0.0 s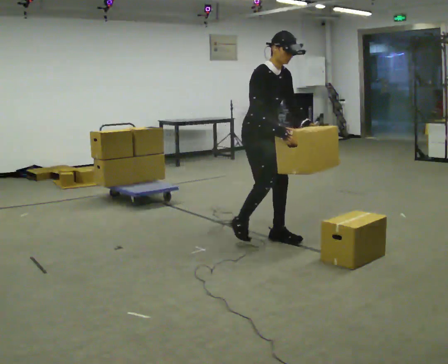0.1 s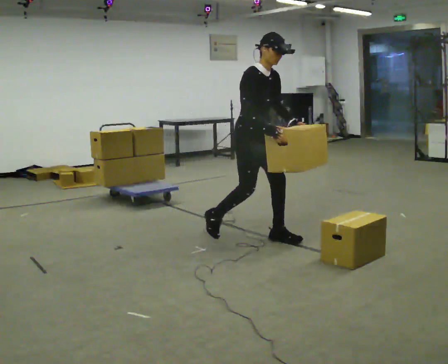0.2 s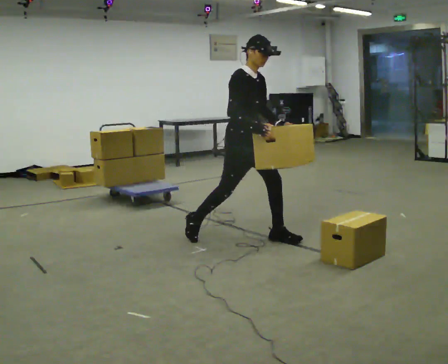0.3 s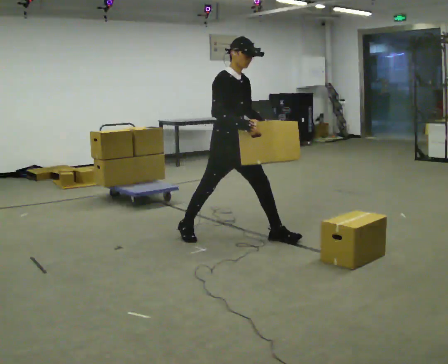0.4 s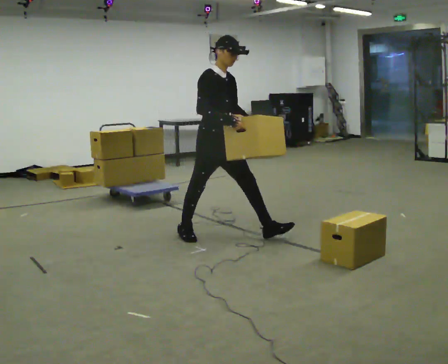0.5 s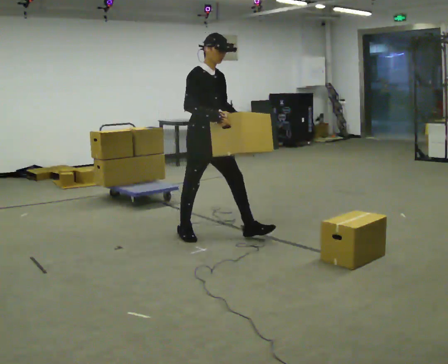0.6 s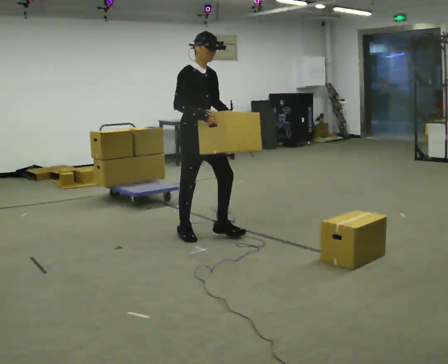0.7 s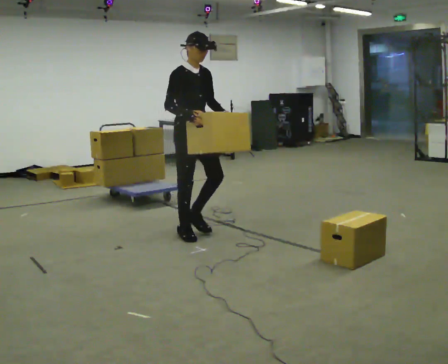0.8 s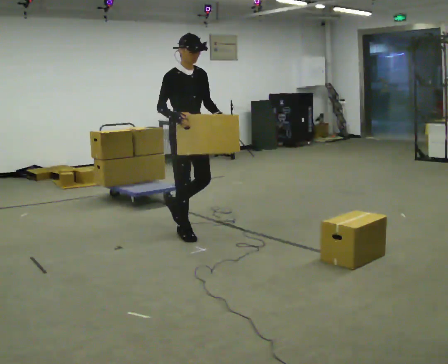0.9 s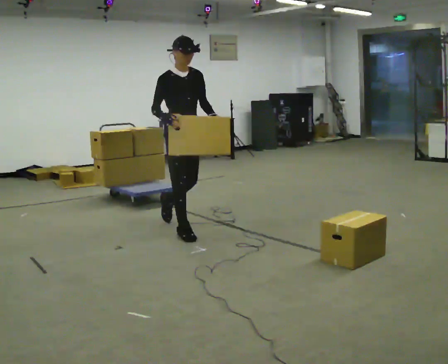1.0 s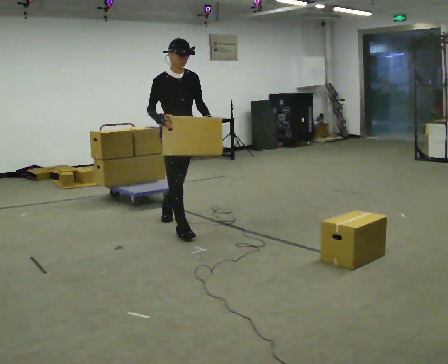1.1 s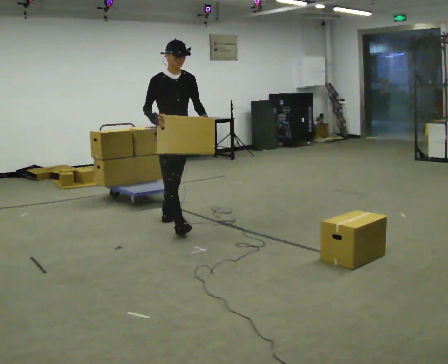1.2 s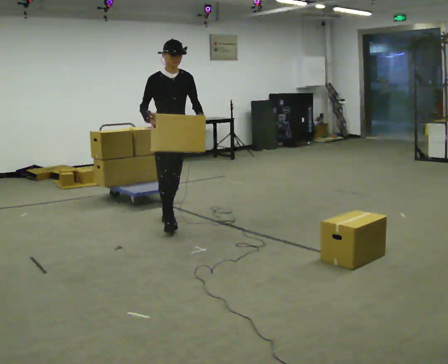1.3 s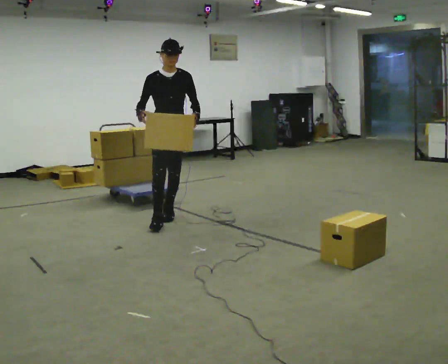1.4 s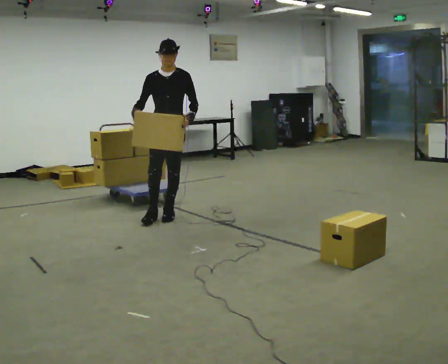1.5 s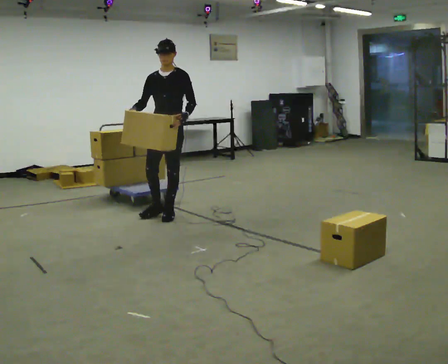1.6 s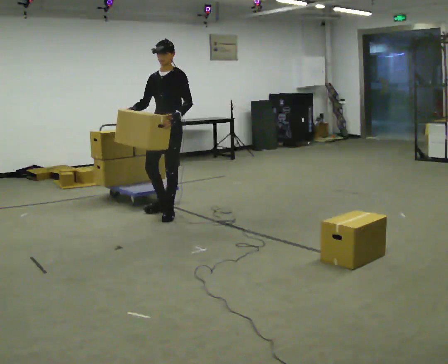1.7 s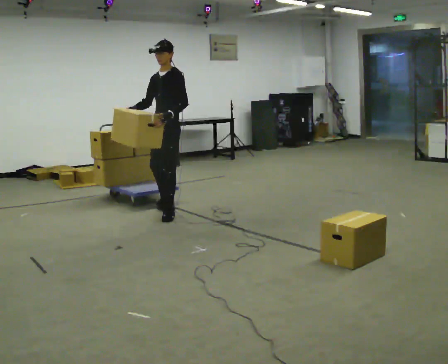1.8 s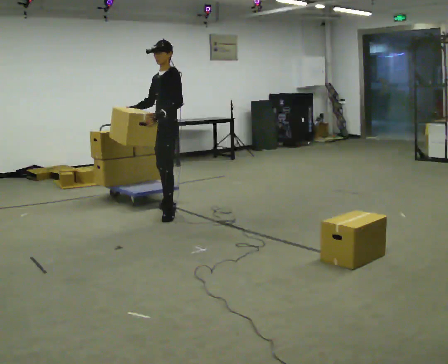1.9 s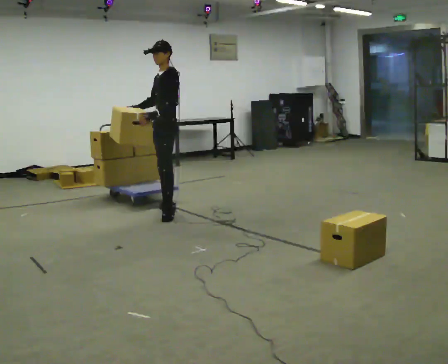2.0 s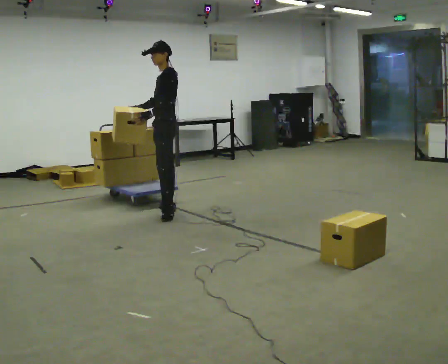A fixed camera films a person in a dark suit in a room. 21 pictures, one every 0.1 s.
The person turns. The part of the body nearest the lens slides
to the left.
The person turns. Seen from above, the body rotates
clockwise.
0.0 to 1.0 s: In the picture they go to the left and away from the camera, about 1 m in 1 step, which for them is backward. In the picture the upper body tilts counterclockwise, shoulders to the left, as they lean back or straighten.
1.0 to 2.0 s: Seen from above the body turns clockwise, about 105 degrees: to their right, with its near side sliding to the left. In the picture they go away from the camera, about 0.5 m in 1 step.
The film runs backward here.
